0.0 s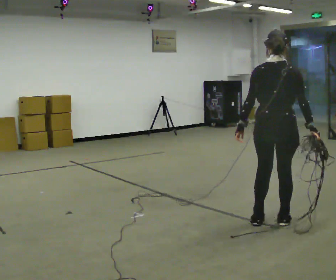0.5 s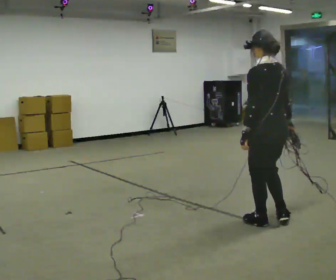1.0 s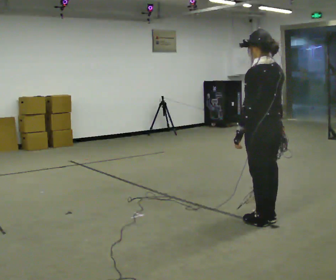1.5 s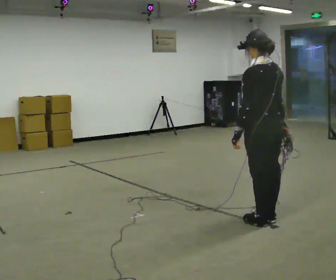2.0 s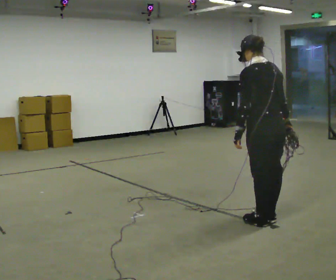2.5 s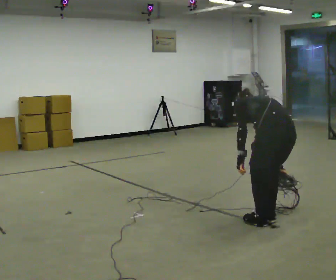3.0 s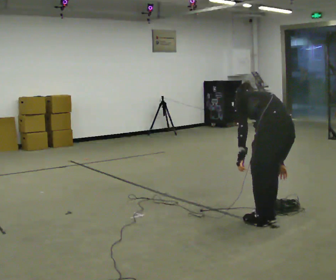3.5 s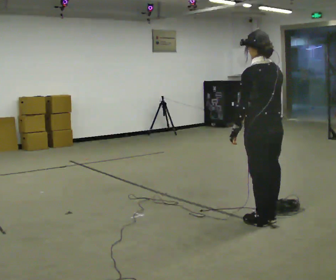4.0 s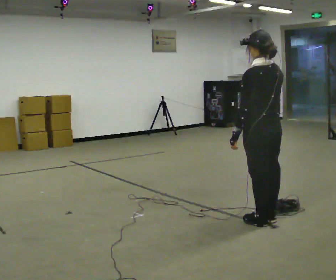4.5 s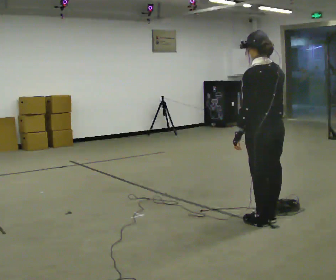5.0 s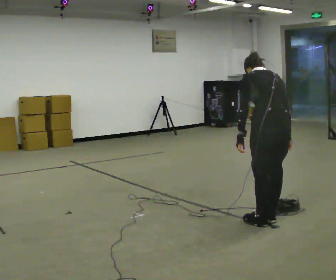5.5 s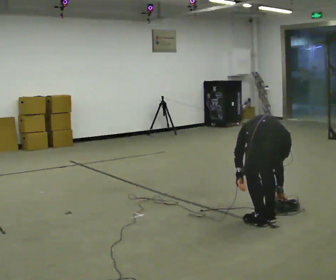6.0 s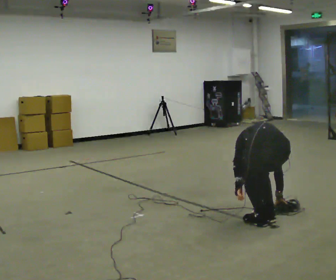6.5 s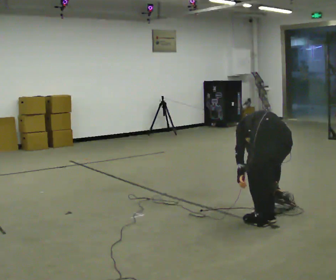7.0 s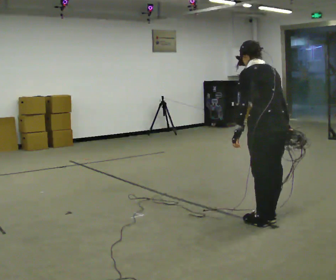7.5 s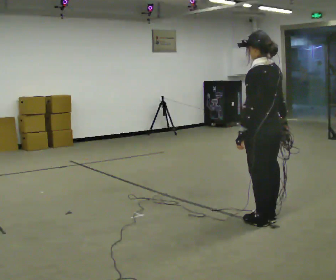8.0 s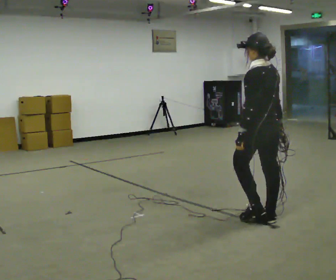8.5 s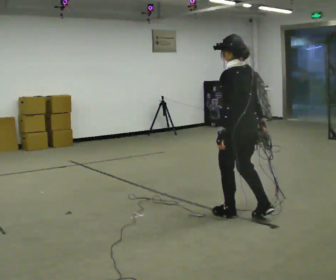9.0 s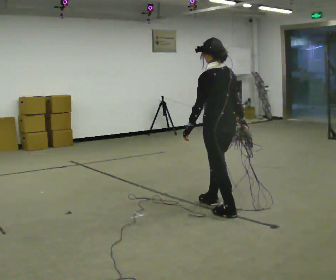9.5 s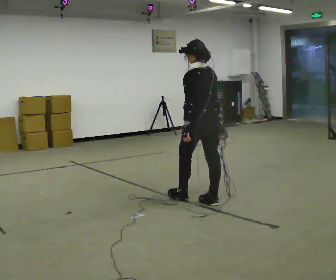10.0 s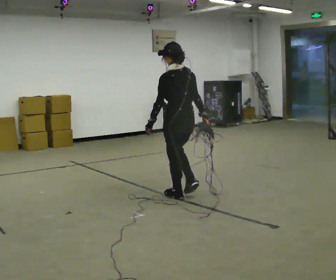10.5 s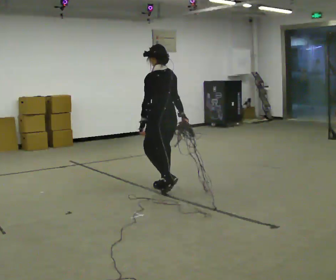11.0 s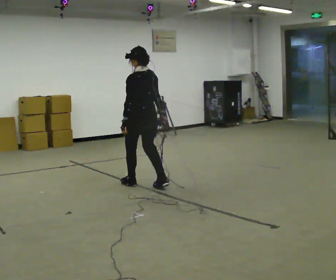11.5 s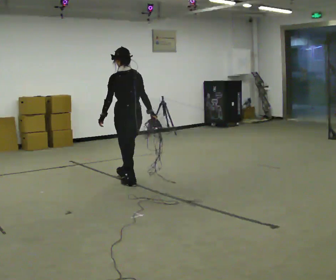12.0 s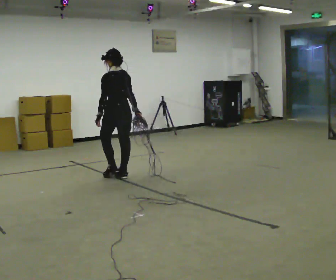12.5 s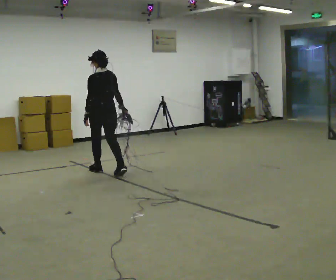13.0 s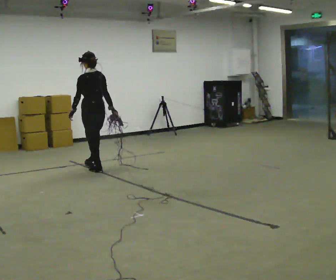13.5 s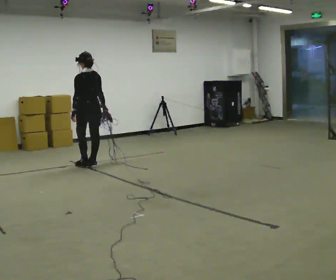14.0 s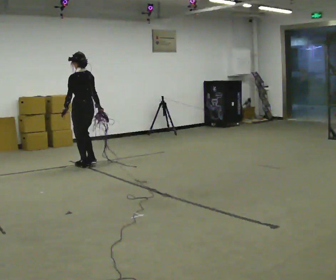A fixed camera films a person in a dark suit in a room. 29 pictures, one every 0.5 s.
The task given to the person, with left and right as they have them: Pick up the coiled hose, carry it across the room, and set it down. It will move around as you walk. Keep going until the operator says stop; one object at a time, and do not rush between trips.
0.0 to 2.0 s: Seen from above the body turns counterclockwise, about 45 degrees: to their left, with its near side sliding to the right.
2.0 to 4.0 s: The person moves a little, or ends about where they began.
4.0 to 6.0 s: The shoulders move downward. The upper body tips away from the camera, its near side rolling upward, as they bend forward. In the picture their left hand goes downward.
6.0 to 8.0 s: The person turns about 30 degrees to their left, counterclockwise seen from above, so the part of the body nearest the lens slides to the right. In the picture they go away from the camera, about 0.25 m, which for them is forward. The upper body goes upward. The upper body tips toward the camera, its near side rolling downward, as they lean back or straighten. In the picture their left hand goes upward.
8.0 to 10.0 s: In the picture they go to the left and away from the camera, about 1 m in 3 steps, which for them is forward.
10.0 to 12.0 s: In the picture they go to the left and away from the camera, about 1 m in 3 steps, which for them is forward.
12.0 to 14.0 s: In the picture they go to the left and away from the camera, about 1 m in 3 steps, which for them is forward.
The film runs forward here.
